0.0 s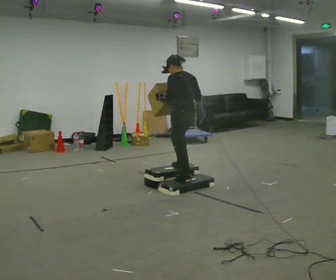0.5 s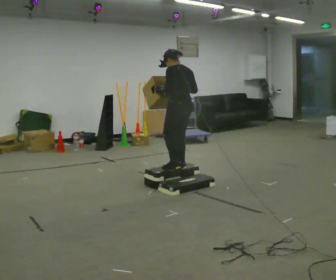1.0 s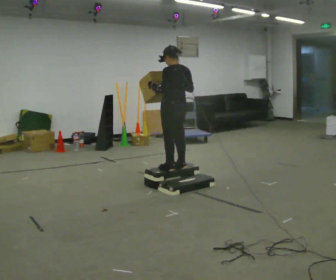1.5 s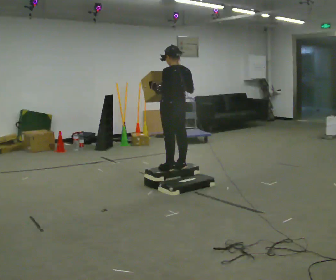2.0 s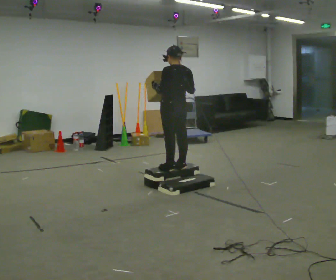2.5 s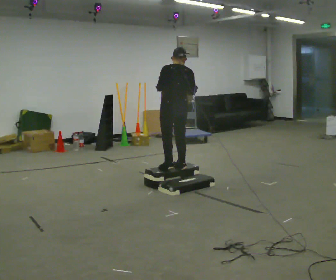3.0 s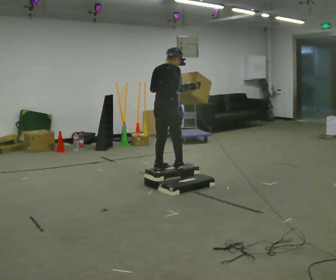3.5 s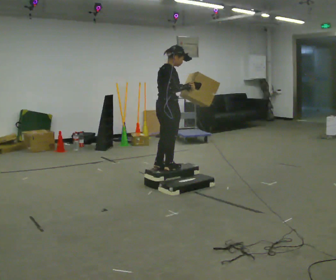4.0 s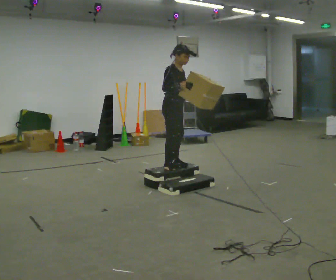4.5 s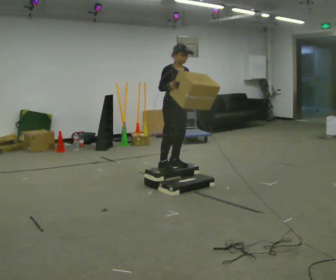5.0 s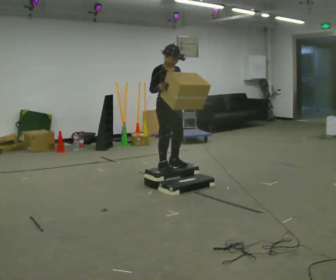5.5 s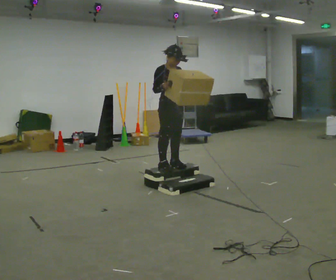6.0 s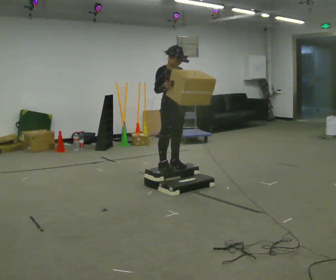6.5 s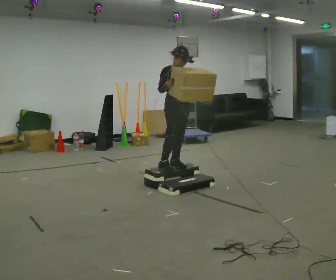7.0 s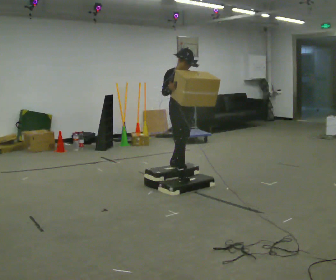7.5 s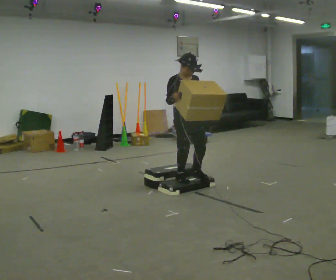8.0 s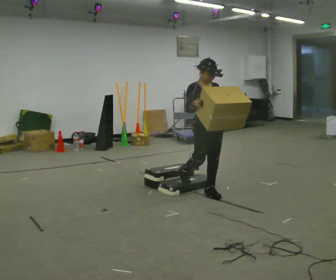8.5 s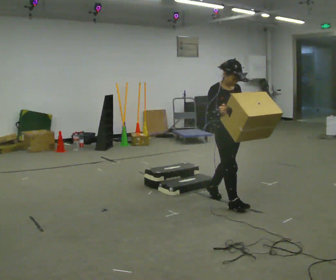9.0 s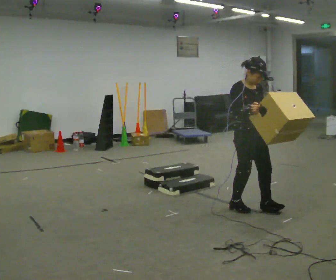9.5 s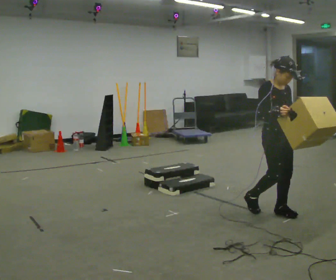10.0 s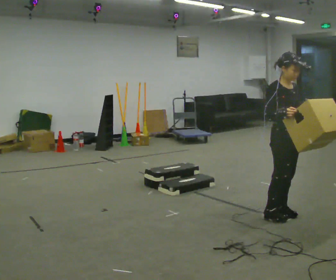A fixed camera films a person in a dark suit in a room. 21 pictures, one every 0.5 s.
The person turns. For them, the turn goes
to their right.
The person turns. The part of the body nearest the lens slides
to the left.
0.0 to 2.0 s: The person moves a little, or ends about where they began.
2.0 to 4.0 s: Seen from above the body turns clockwise, about 135 degrees: to their right, with its near side sliding to the left.
4.0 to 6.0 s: The person turns about 30 degrees to their right, clockwise seen from above, so the part of the body nearest the lens slides to the left.
6.0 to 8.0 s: In the picture they go toward the camera and to the right, about 0.75 m in 2 steps, which for them is forward. The upper body goes downward.
8.0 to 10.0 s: In the picture they go toward the camera and to the right, about 1 m in 3 steps, which for them is forward.
The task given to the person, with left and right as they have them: Carry the box up the three steps, turn at the top, and carry it back down. Use the handrail only if you need it. Keep going until the operator says stop; one object at a time, and do not rush between trips.
The film runs forward here.
